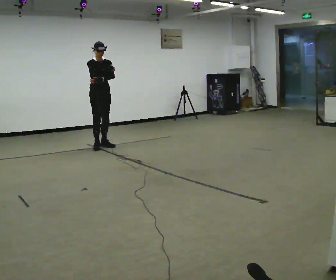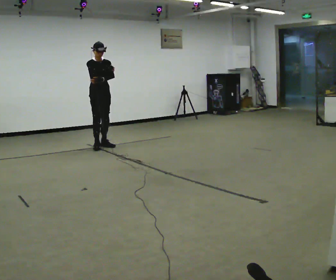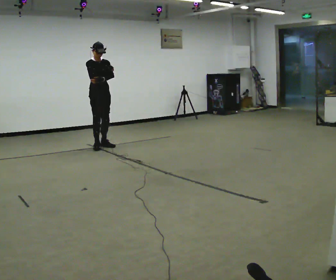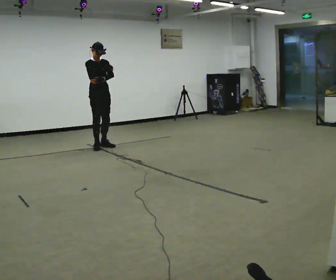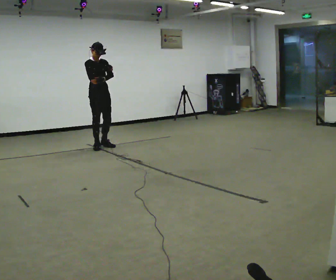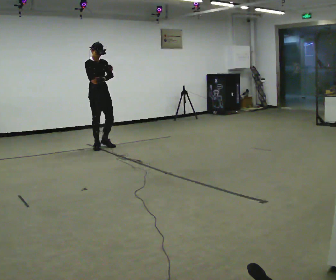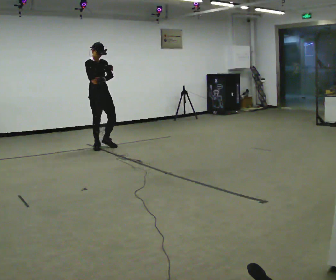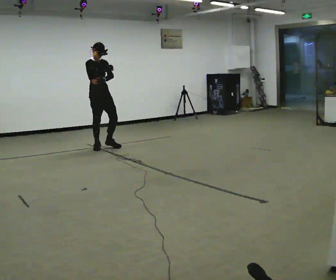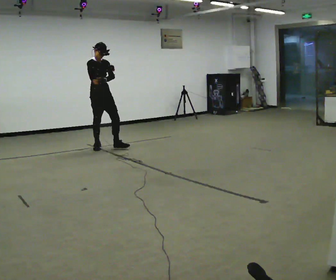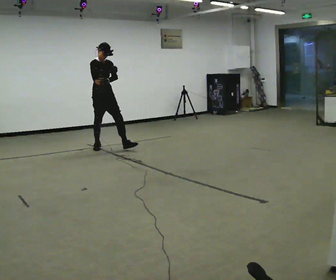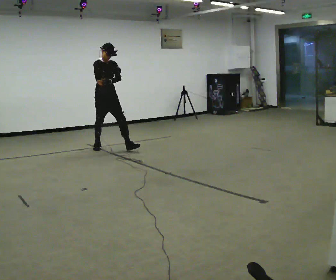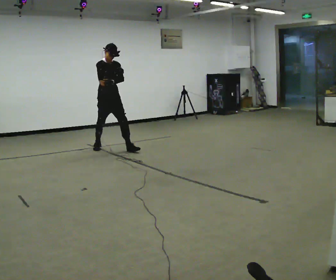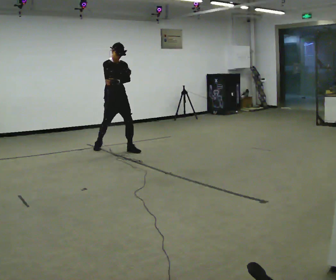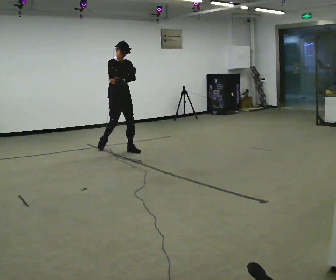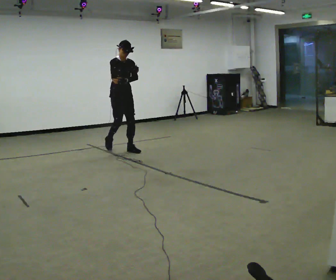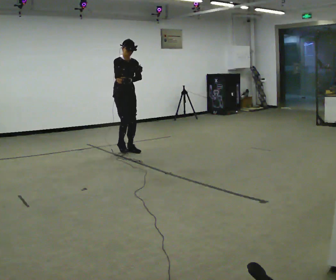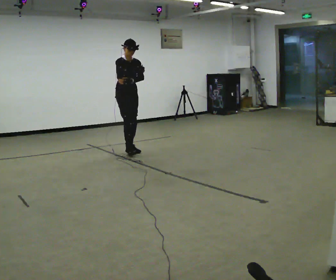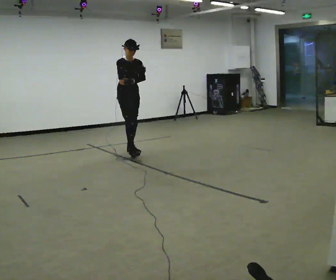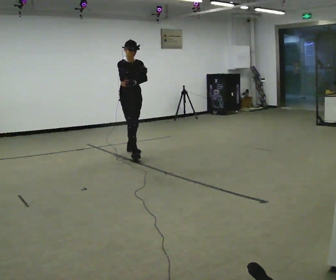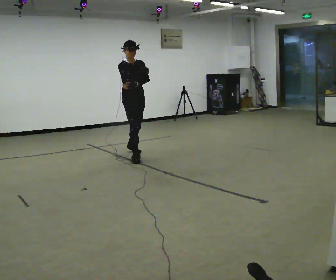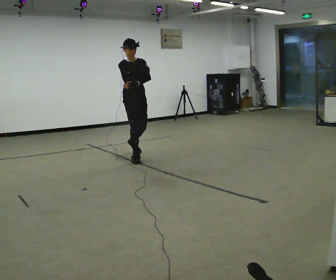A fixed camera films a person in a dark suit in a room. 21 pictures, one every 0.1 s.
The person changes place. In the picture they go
toward the camera.
0.0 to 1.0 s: In the picture they go toward the camera, about 0.25 m, which for them is forward.
1.0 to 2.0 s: In the picture they go toward the camera and to the right, about 0.5 m in 2 steps, which for them is forward.
The film runs forward here.
